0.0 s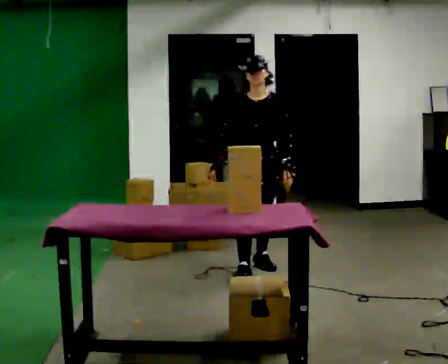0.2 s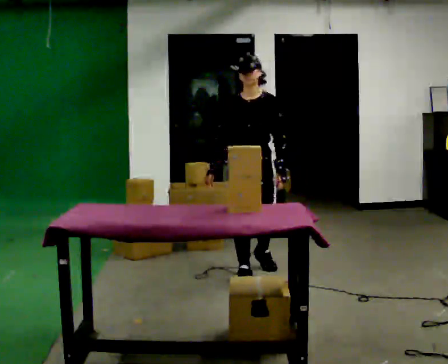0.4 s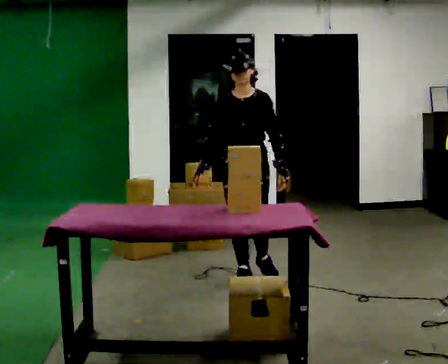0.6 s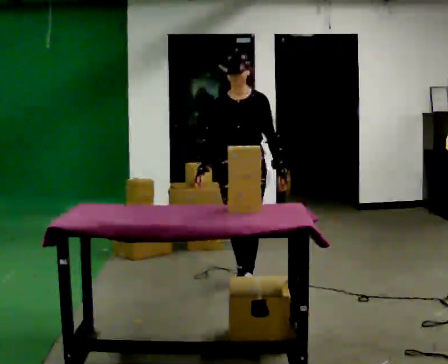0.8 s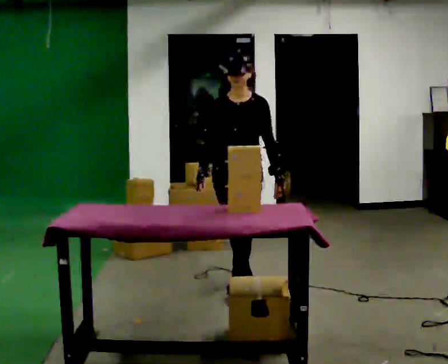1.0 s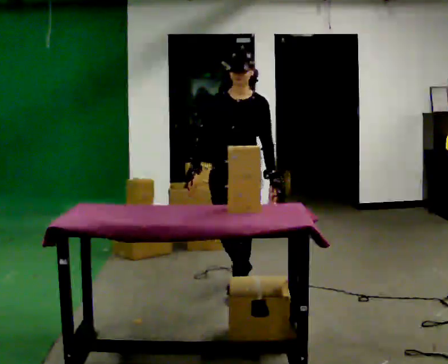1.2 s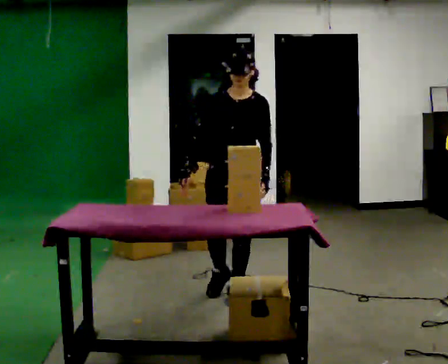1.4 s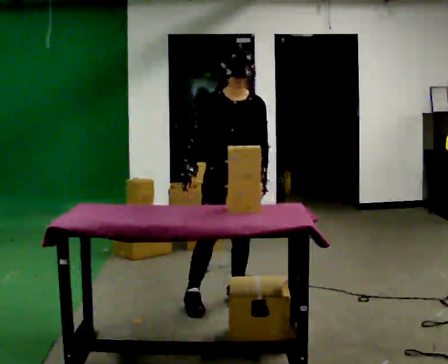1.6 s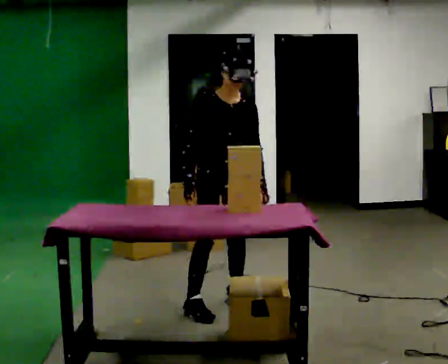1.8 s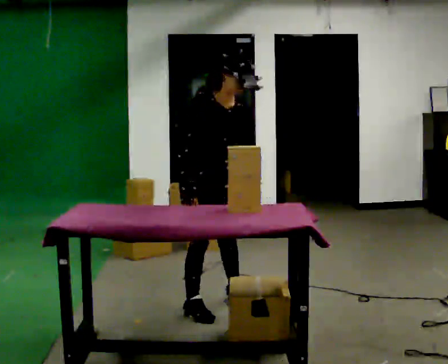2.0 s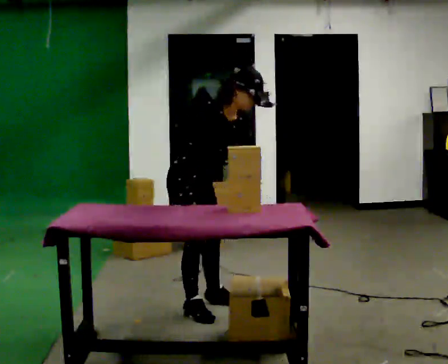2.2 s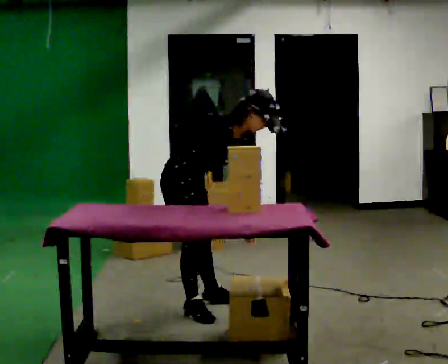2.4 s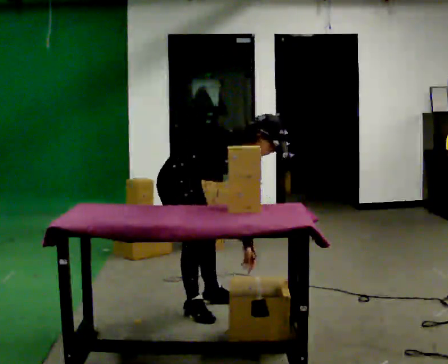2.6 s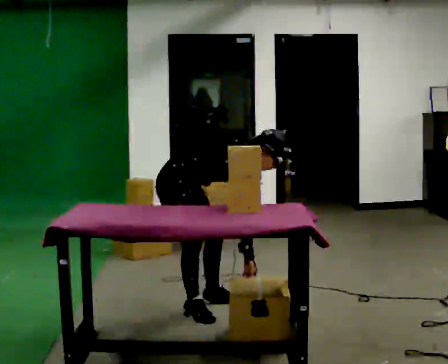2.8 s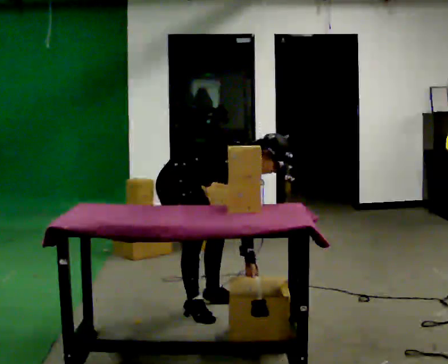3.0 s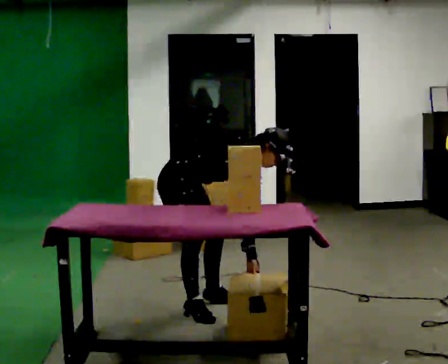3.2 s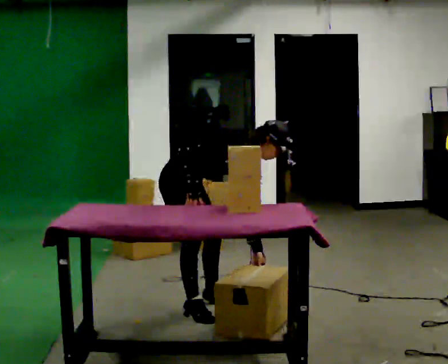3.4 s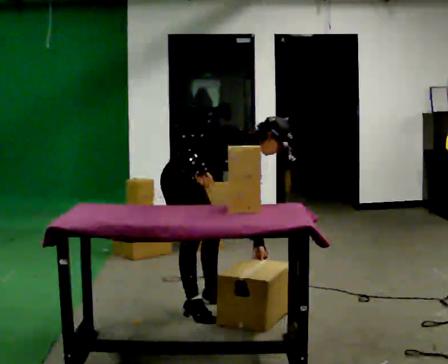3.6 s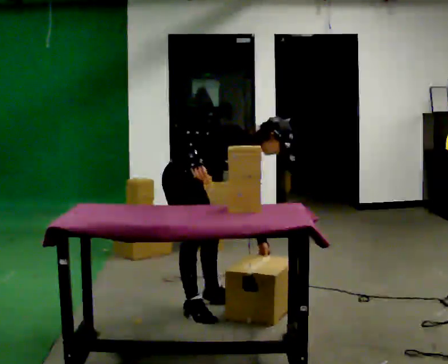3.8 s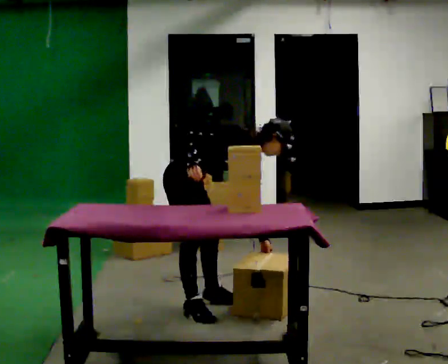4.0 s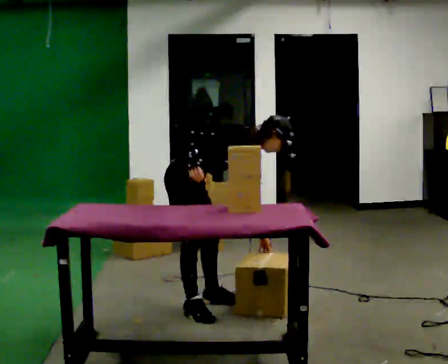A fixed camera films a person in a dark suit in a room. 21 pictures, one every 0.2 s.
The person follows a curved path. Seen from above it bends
clockwise.
0.0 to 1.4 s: In the picture they go toward the camera, about 0.5 m in 1 step, which for them is forward.
1.4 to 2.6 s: The part of the body nearest the lens slides to the right as the person turns to their left by about 60 degrees. In the picture they go to the left and toward the camera, about 0.25 m in 2 steps, which for them is to their right and backward. The upper body goes downward. In the picture the upper body tilts clockwise, shoulders to the right, as they bend forward.
2.6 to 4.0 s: The upper body tips away from the camera, its near side rolling upward.
The film runs forward here.
